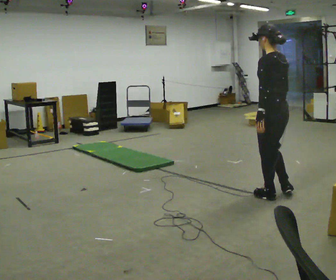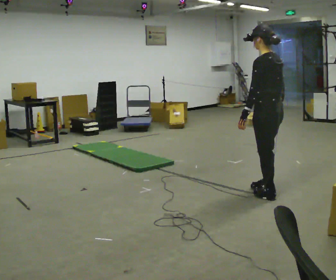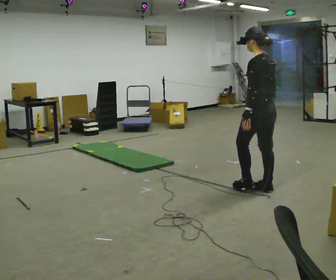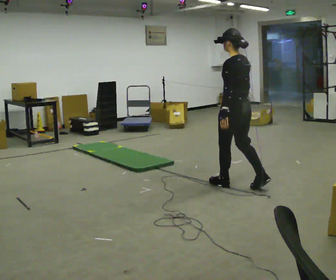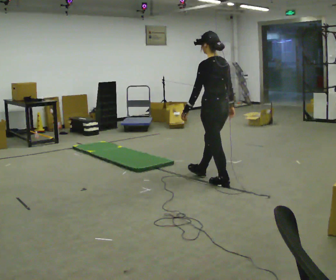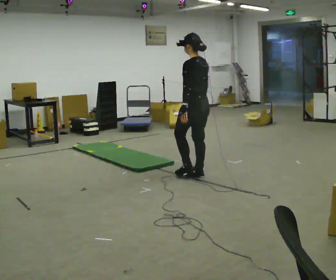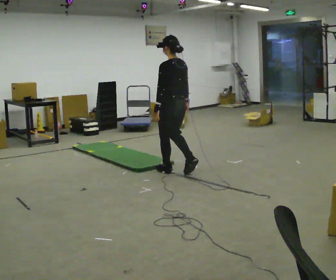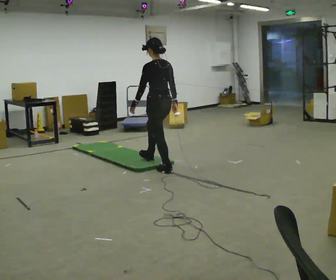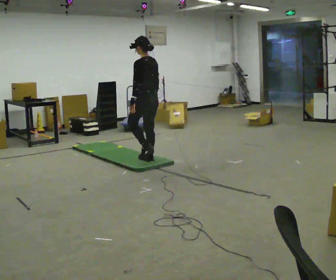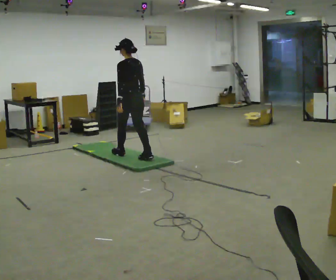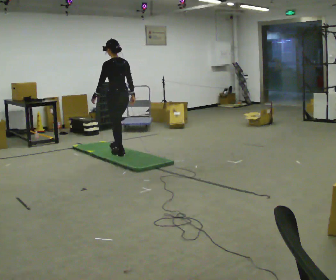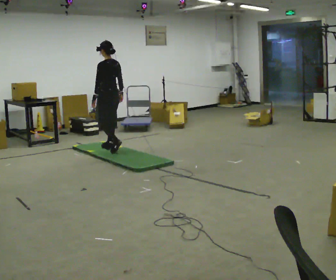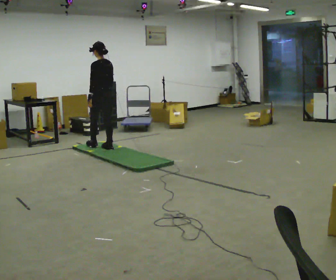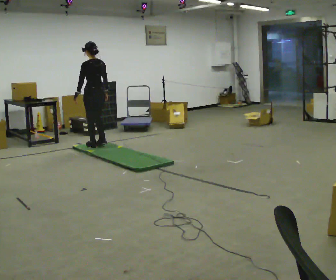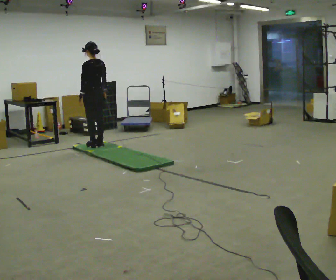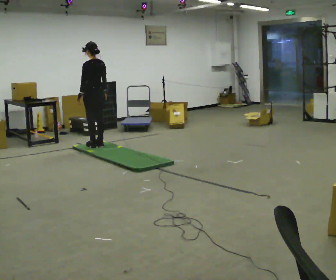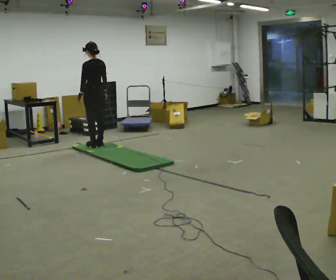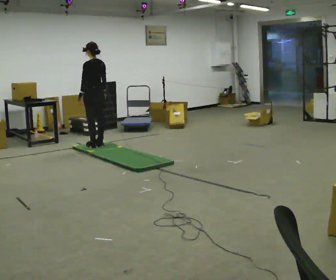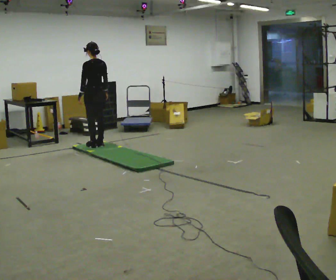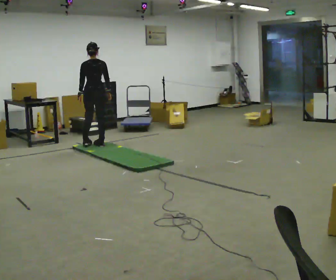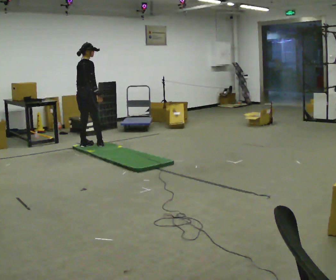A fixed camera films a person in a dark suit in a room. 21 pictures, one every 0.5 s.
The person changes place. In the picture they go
away from the camera.
0.0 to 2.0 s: In the picture they go away from the camera and to the left, about 1 m in 2 steps, which for them is forward.
2.0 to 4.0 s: In the picture they go away from the camera and to the left, about 1 m in 3 steps, which for them is forward.
4.0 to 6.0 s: In the picture they go away from the camera and to the left, about 1 m in 3 steps, which for them is forward.
6.0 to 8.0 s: In the picture they go away from the camera, about 0.25 m in 1 step, which for them is forward.
8.0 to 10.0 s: Seen from above the body turns clockwise, about 90 degrees: to their right, with its near side sliding to the left.
The film runs forward here.
